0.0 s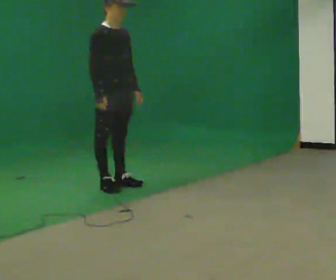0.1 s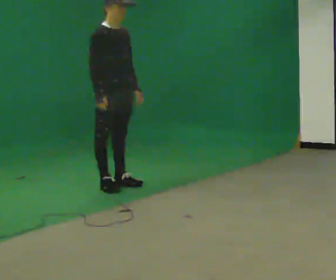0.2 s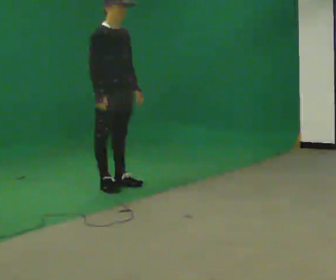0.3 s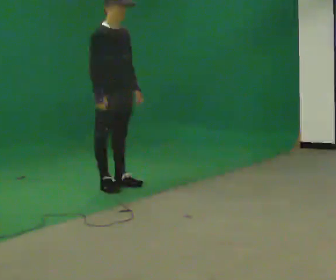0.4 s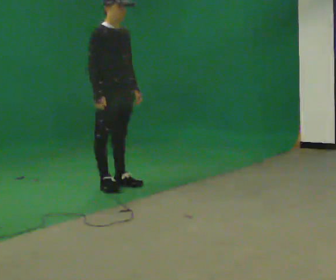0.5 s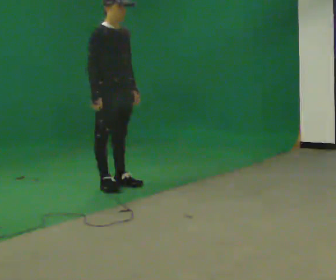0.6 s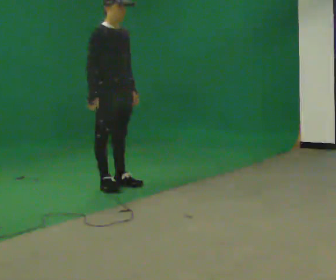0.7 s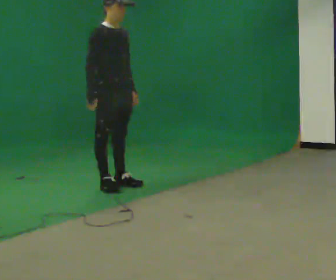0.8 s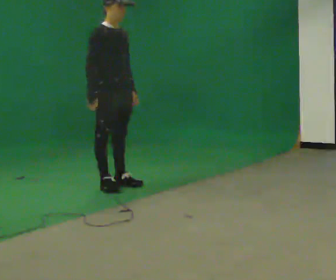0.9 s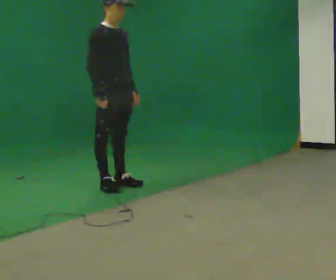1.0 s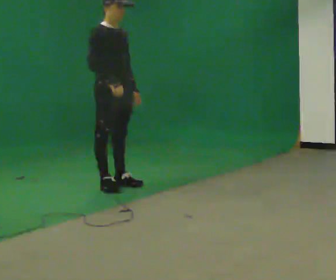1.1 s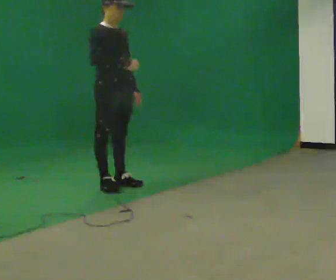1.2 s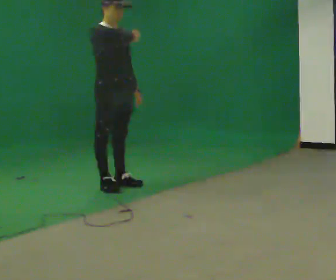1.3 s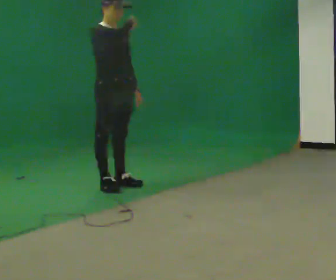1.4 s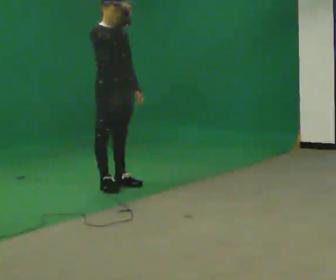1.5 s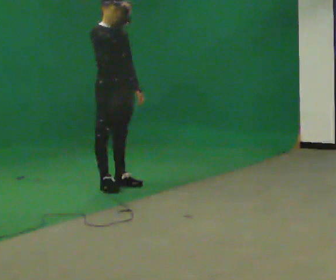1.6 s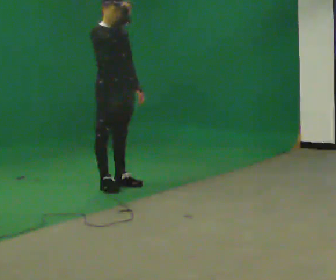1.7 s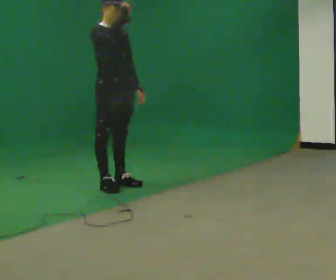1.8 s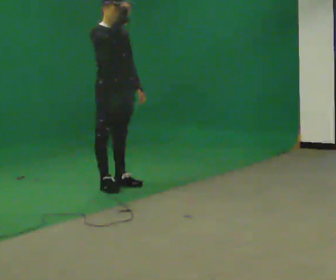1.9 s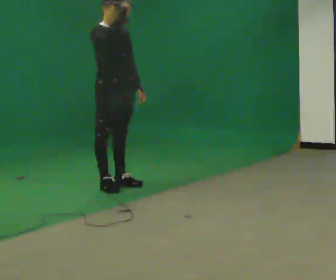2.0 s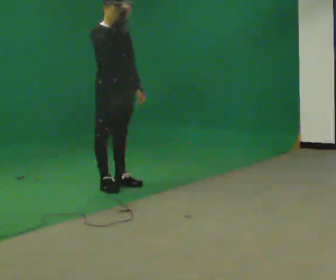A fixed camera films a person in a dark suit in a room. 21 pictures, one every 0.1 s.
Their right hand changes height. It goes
upward.
0.0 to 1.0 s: The person moves a little, or ends about where they began.
1.0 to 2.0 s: In the picture their right hand goes upward.
The film runs backward here.
